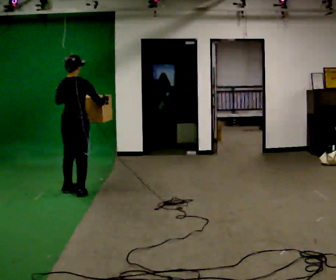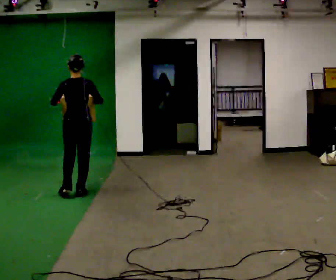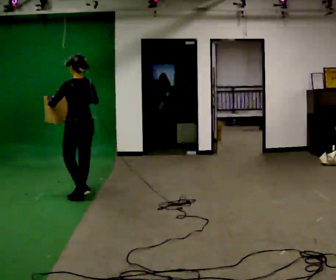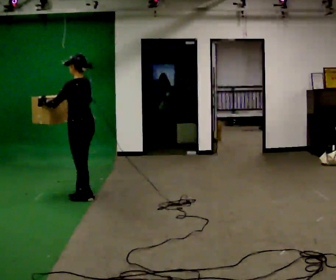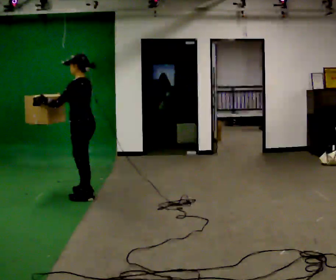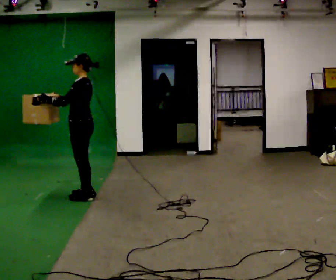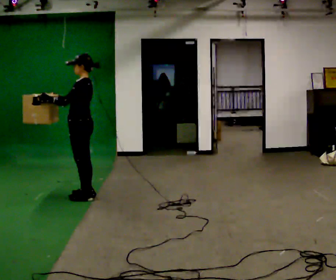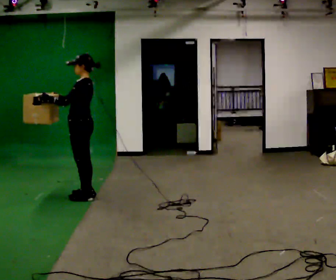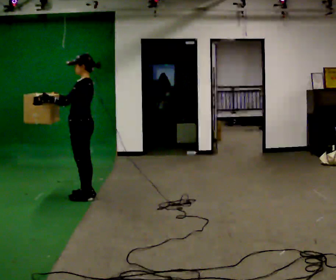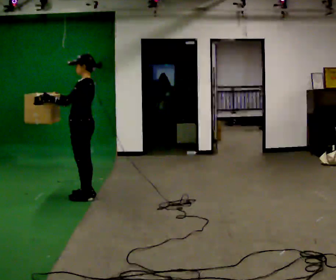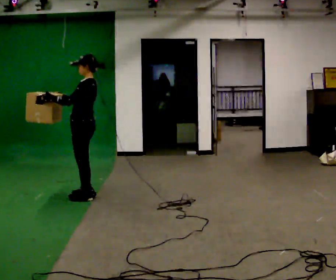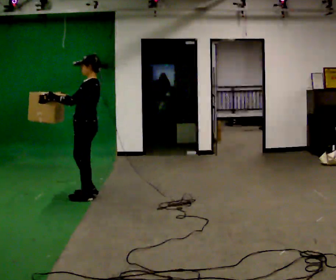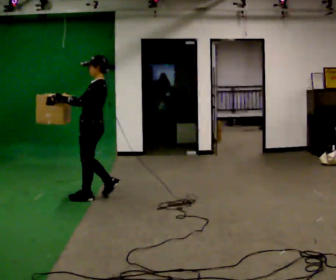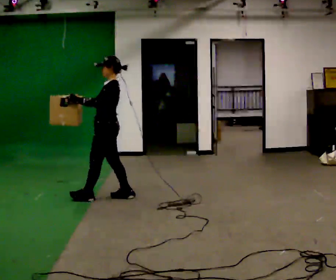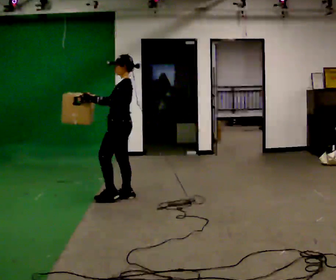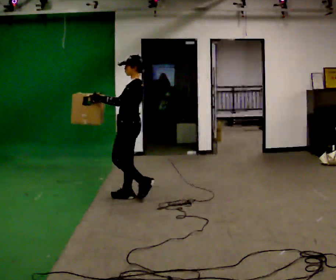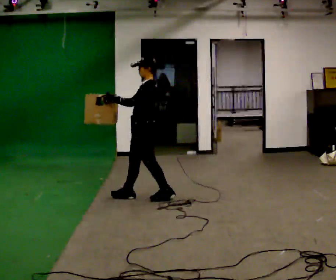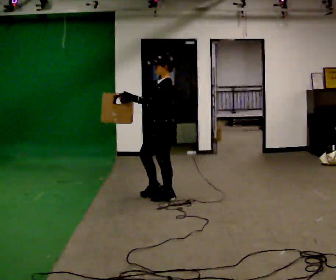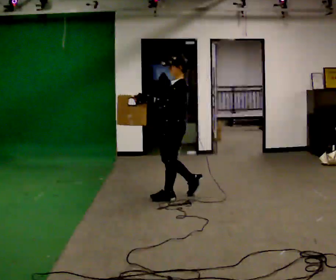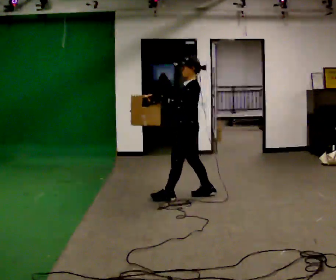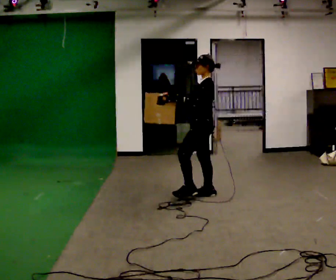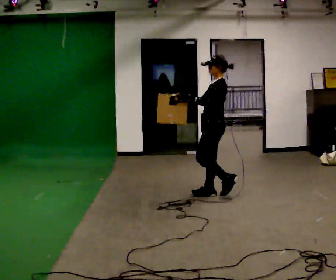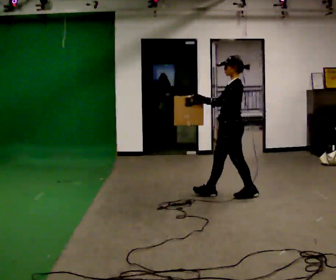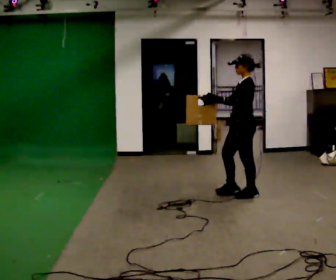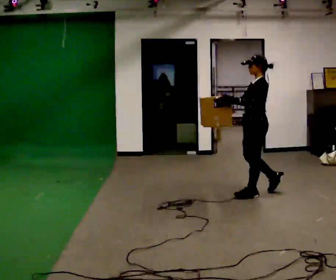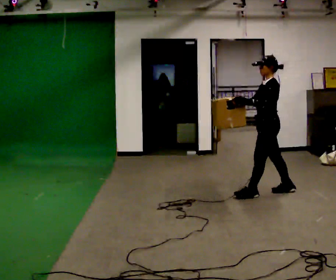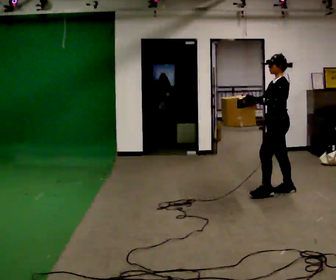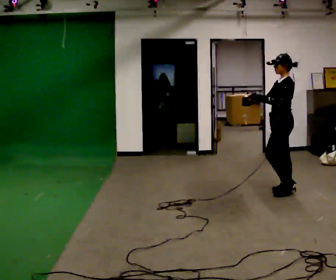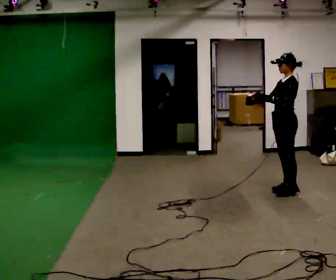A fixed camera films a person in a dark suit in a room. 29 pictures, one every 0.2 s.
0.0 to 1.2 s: The person turns about 105 degrees to their left, counterclockwise seen from above, so the part of the body nearest the lens slides to the right. In the picture their right hand goes to the left.
1.2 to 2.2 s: The person moves a little, or ends about where they began.
2.2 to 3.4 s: In the picture they go to the right, about 1 m in 2 steps, which for them is backward.
3.4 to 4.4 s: In the picture they go to the right, about 1 m in 2 steps, which for them is backward.
4.4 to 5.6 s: In the picture they go to the right, about 0.5 m in 1 step, which for them is backward.
The film runs backward here.
